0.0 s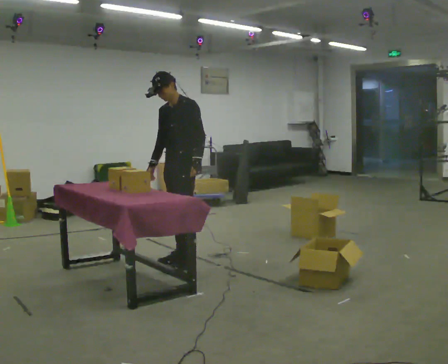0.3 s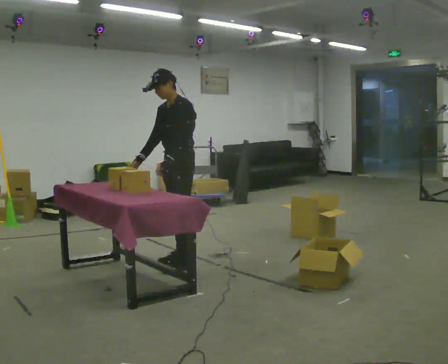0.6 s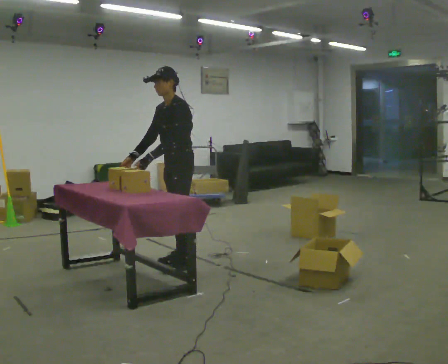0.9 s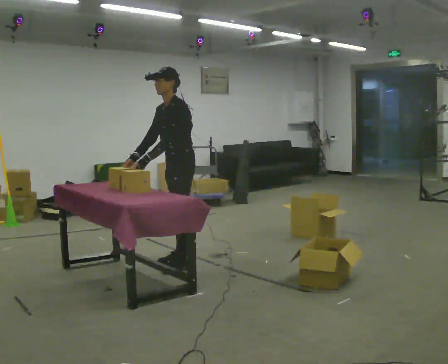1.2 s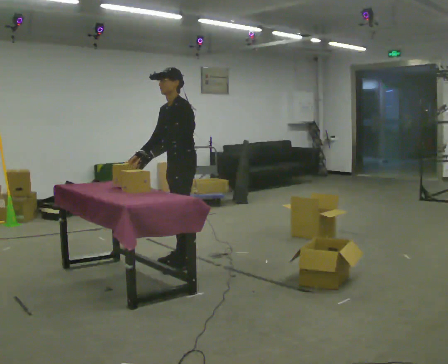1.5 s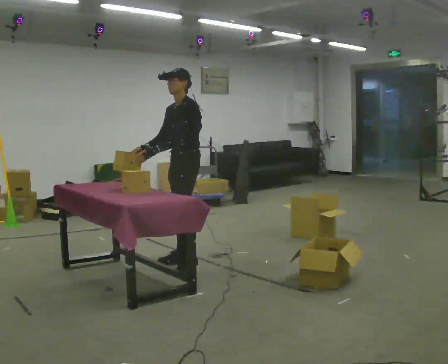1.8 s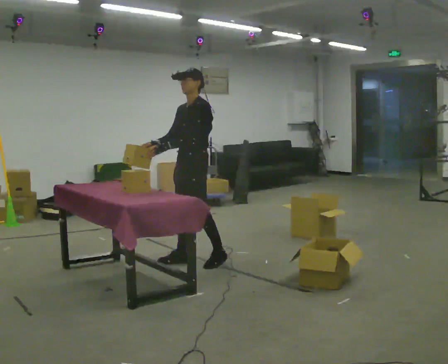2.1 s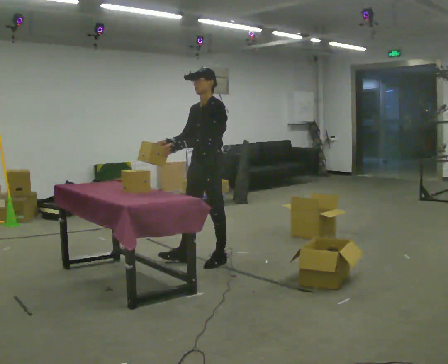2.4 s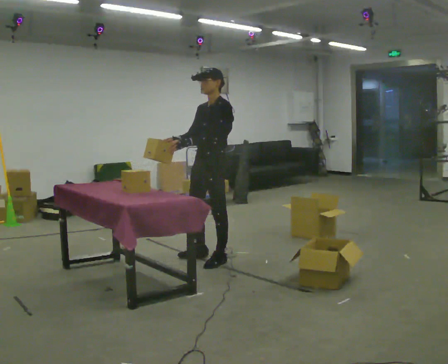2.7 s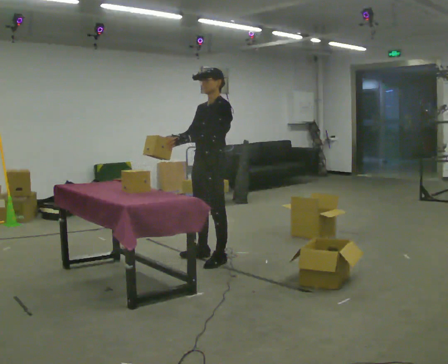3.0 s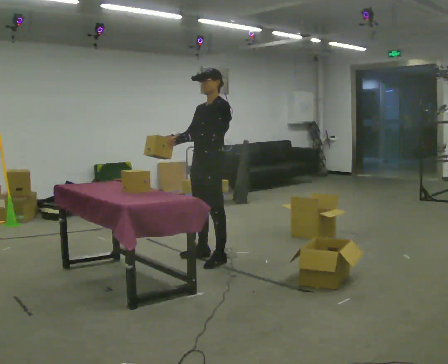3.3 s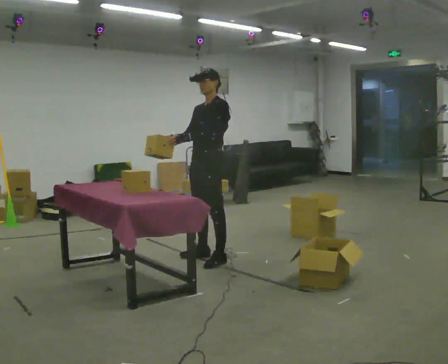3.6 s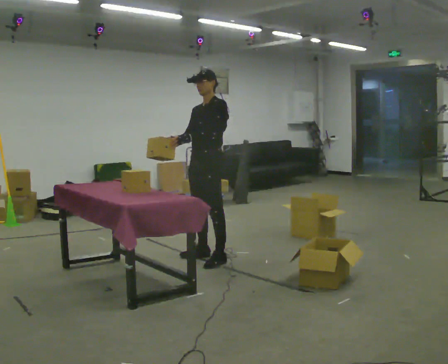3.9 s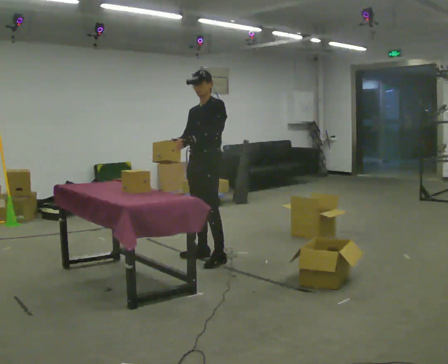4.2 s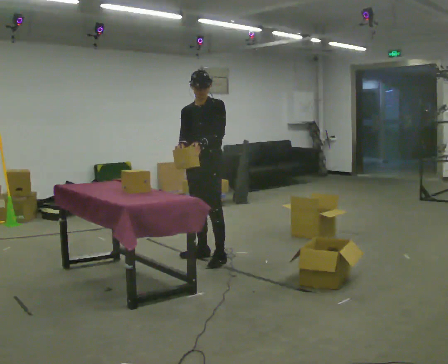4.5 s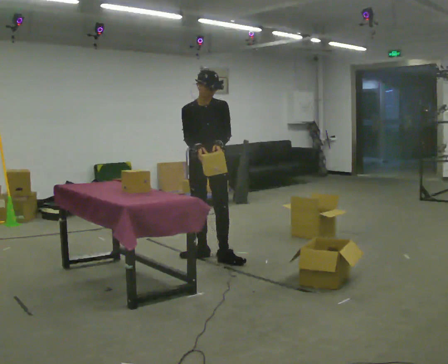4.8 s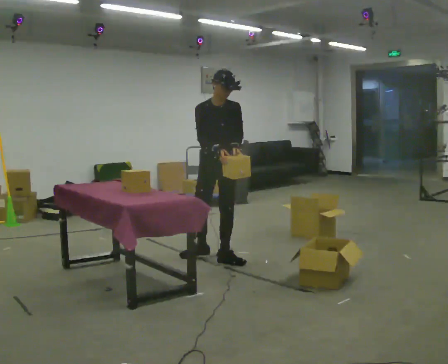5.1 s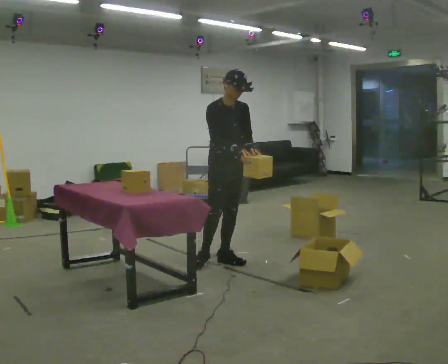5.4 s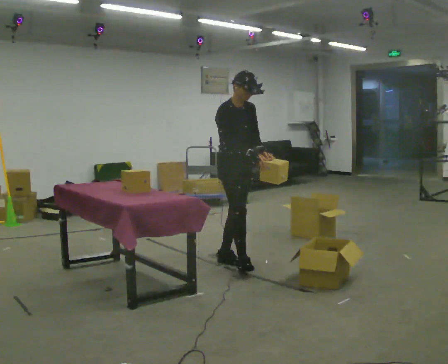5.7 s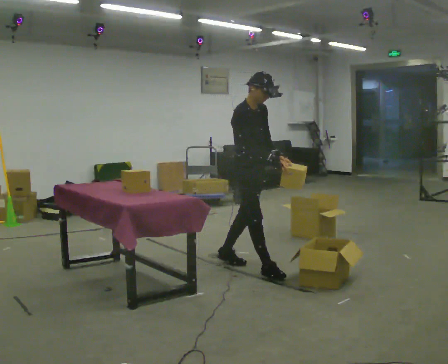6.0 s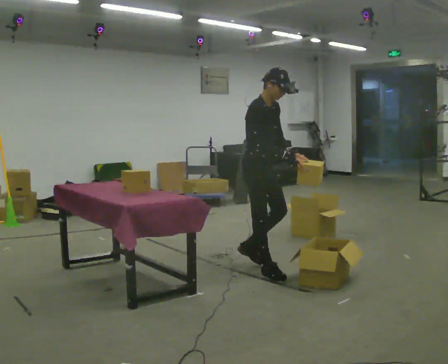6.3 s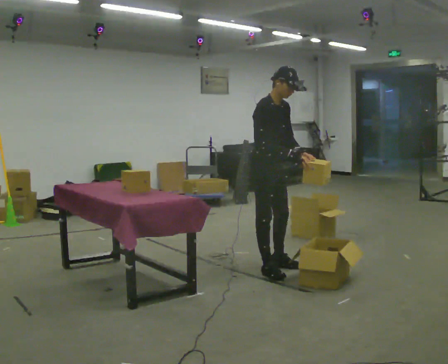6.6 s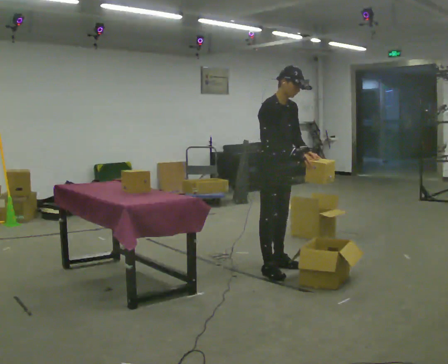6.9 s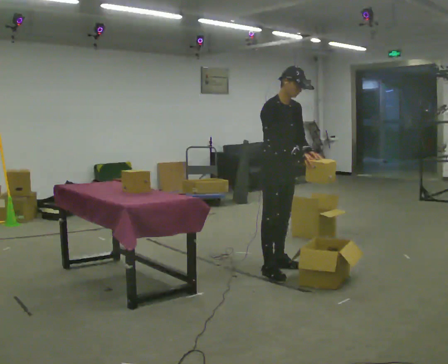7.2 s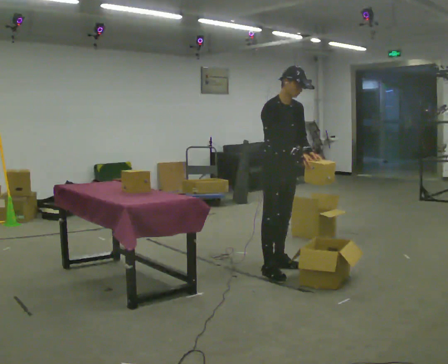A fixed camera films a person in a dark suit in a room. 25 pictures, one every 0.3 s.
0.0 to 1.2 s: In the picture their left hand goes to the left, the arm swinging clockwise.
1.2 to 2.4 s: In the picture they go to the right, about 0.25 m in 1 step, which for them is backward. In the picture the upper body tilts clockwise, shoulders to the right, as they lean back or straighten.
2.4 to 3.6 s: The person moves a little, or ends about where they began.
3.6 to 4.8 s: The part of the body nearest the lens slides to the right as the person turns to their left by about 60 degrees. In the picture their right hand goes to the right, the arm swinging counterclockwise.
4.8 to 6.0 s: Seen from above the body turns counterclockwise, about 45 degrees: to their left, with its near side sliding to the right. In the picture they go toward the camera and to the right, about 0.5 m in 1 step, which for them is forward.
6.0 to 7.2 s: The part of the body nearest the lens slides to the left as the person turns to their right by about 30 degrees. In the picture they go to the right, about 0.25 m in 1 step, which for them is to their left.
The film runs forward here.
